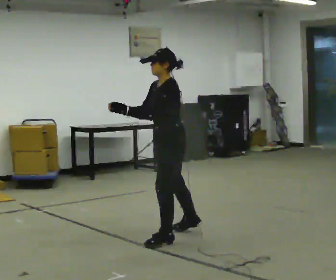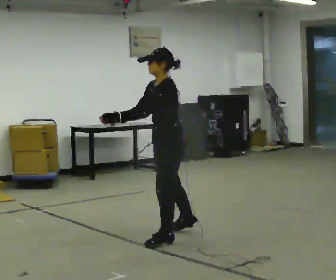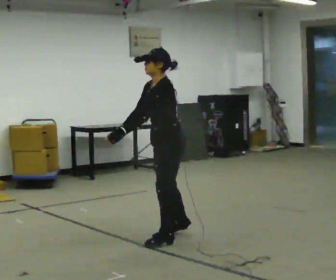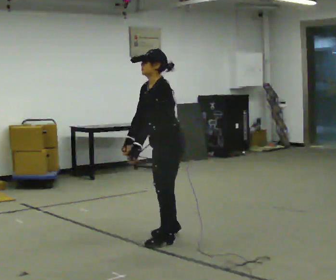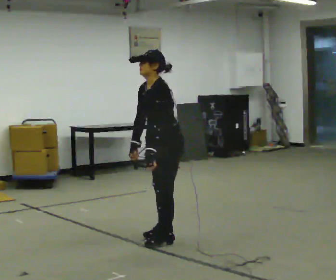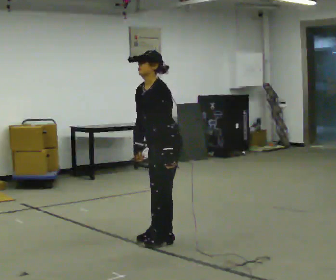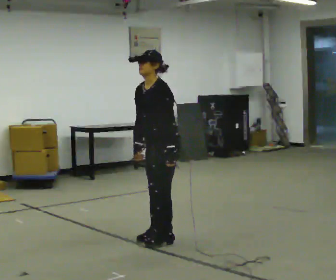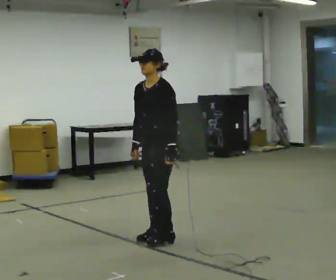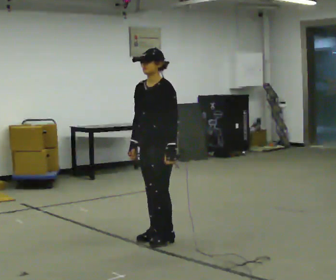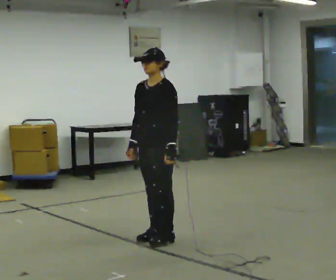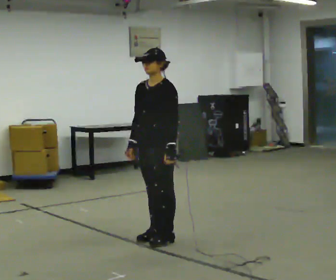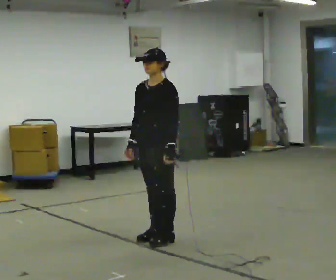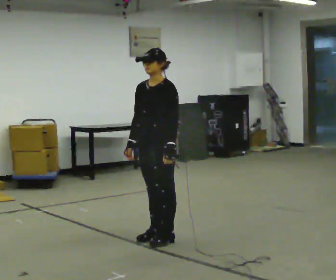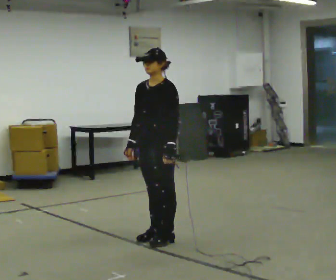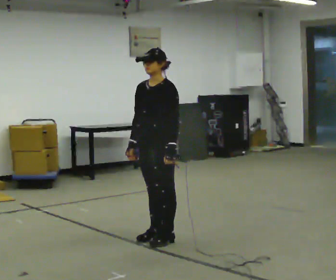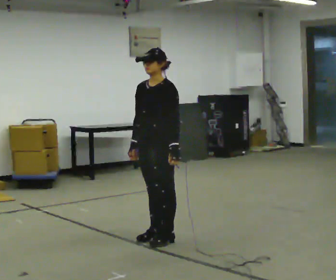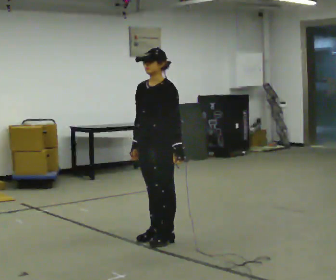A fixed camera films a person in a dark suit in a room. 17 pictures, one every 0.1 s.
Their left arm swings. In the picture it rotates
counterclockwise.
0.0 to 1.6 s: The person turns about 30 degrees to their left, counterclockwise seen from above, so the part of the body nearest the lens slides to the right. In the picture their left hand goes to the right, the arm swinging counterclockwise.
The film runs backward here.
